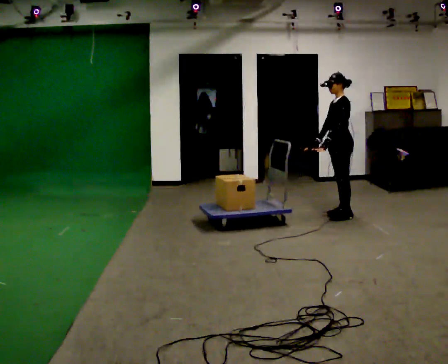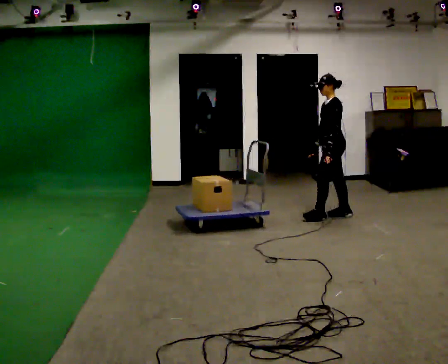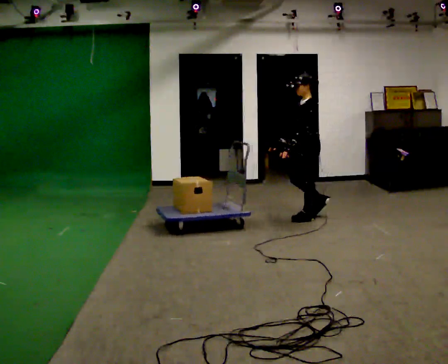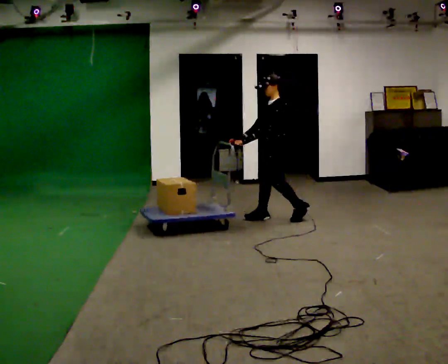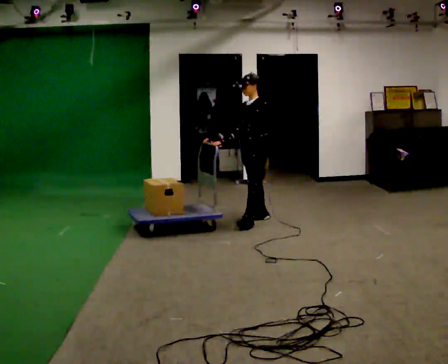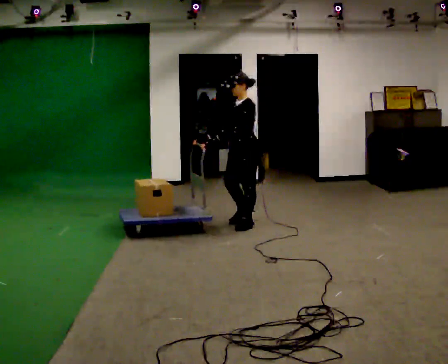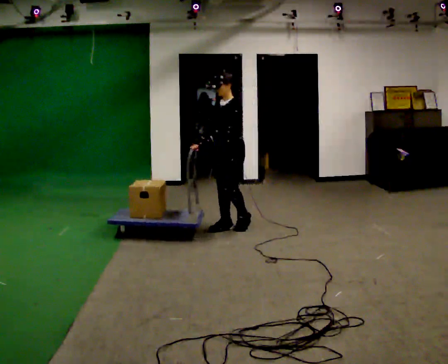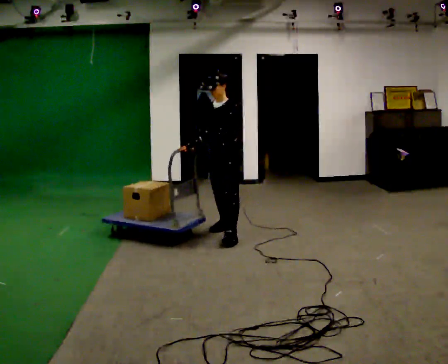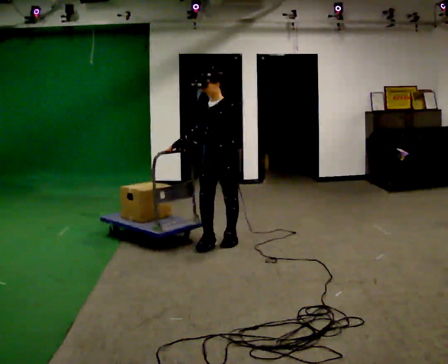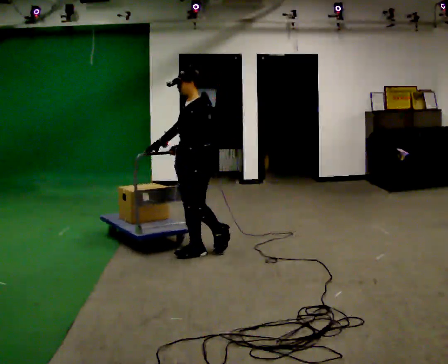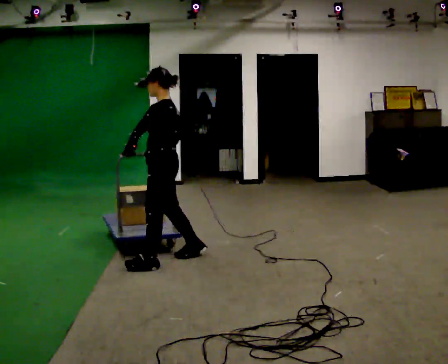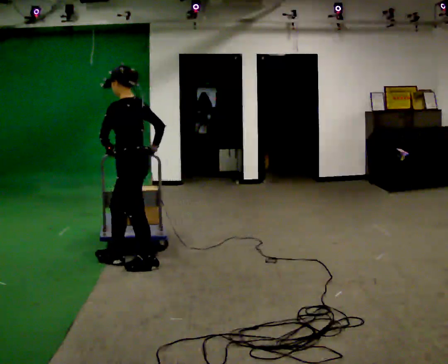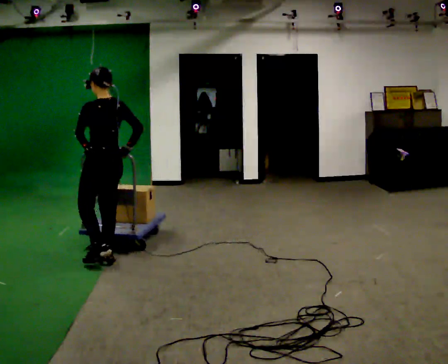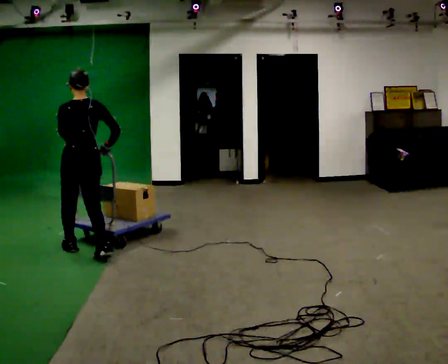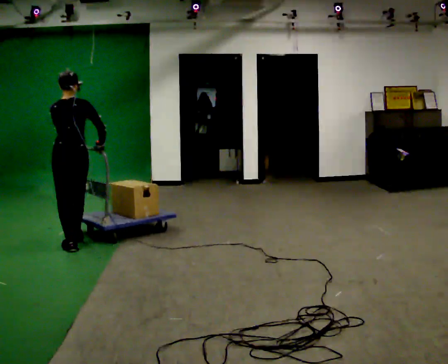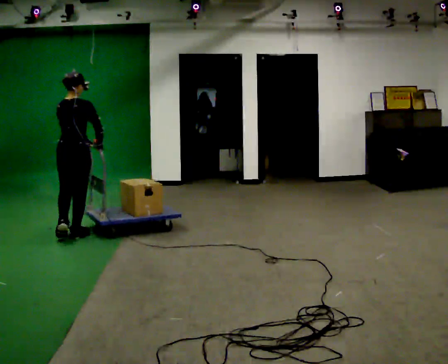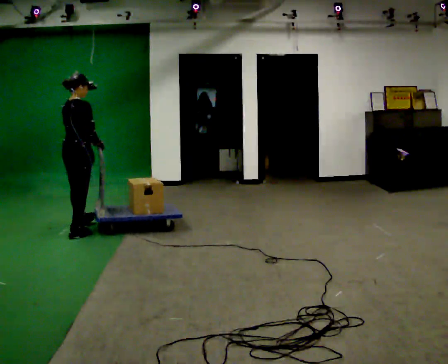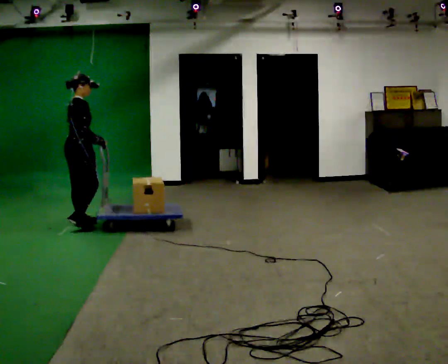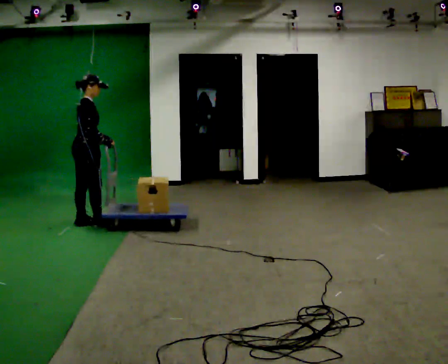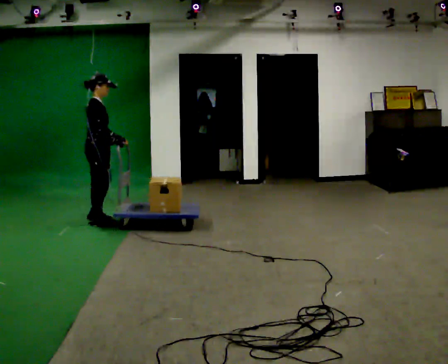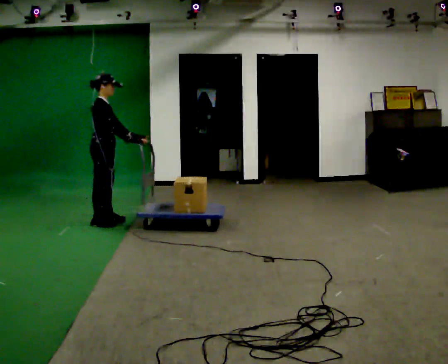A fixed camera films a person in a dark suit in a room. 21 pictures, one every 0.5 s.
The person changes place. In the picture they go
to the left.
0.0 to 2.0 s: The part of the body nearest the lens slides to the right as the person turns to their left by about 30 degrees. In the picture they go to the left, about 1 m in 3 steps, which for them is forward.
2.0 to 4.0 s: In the picture they go toward the camera and to the left, about 1 m in 2 steps, which for them is forward.
4.0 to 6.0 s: The part of the body nearest the lens slides to the left as the person turns to their right by about 90 degrees. In the picture they go to the left, about 1 m in 3 steps.
6.0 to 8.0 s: The part of the body nearest the lens slides to the left as the person turns to their right by about 90 degrees. In the picture they go away from the camera and to the left, about 1 m in 3 steps.
8.0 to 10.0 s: The part of the body nearest the lens slides to the left as the person turns to their right by about 45 degrees. In the picture they go away from the camera and to the right, about 0.5 m in 2 steps, which for them is forward and to their left.
The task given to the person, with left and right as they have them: Stand still with your hands on the cart. When the operator says go, get it moving, push it a few metres, then bring it to a stop. Repeat until the operator says stop.
The film runs forward here.
